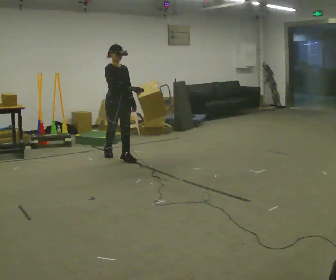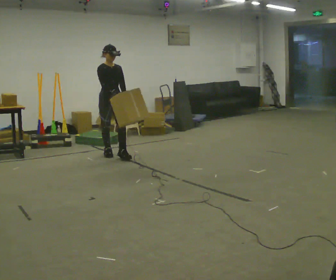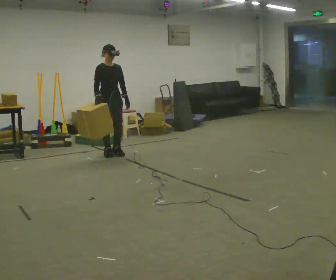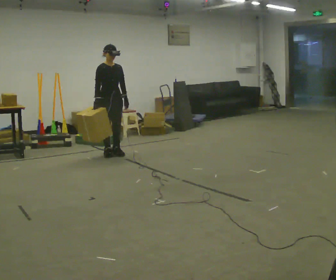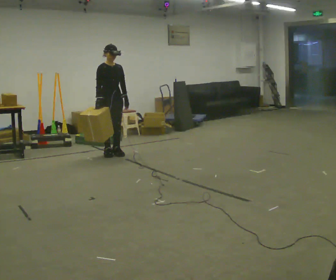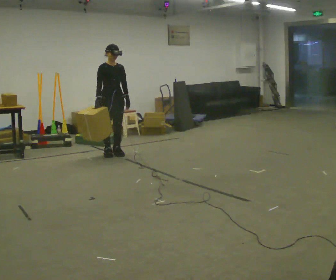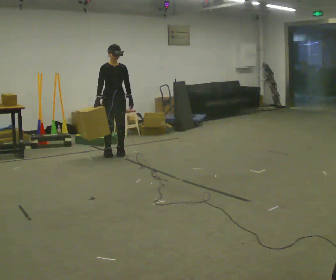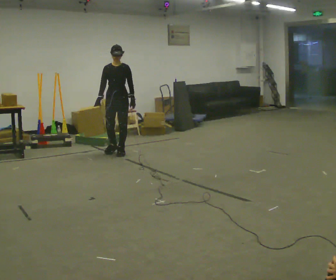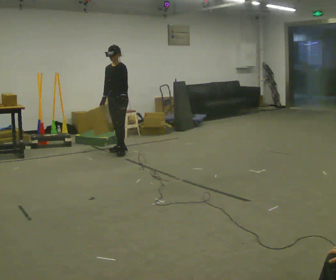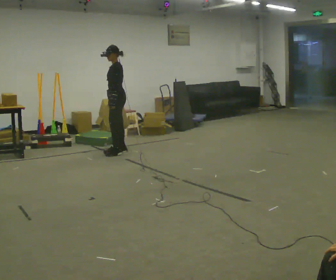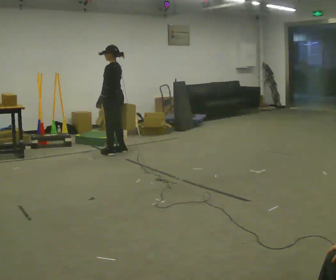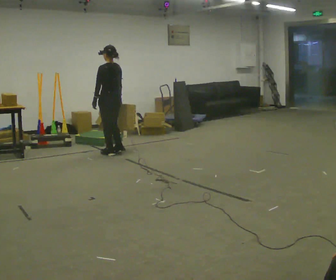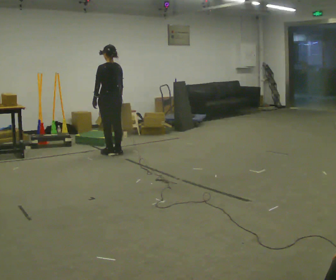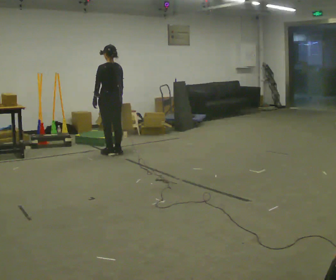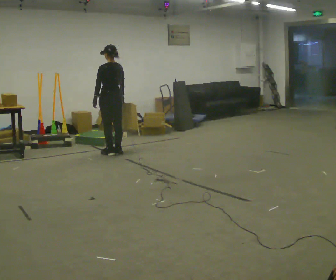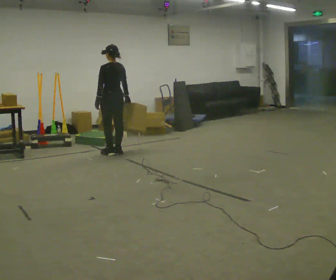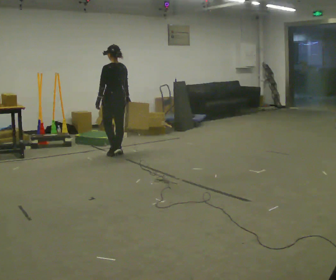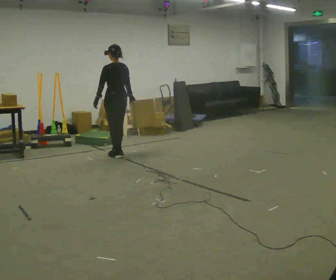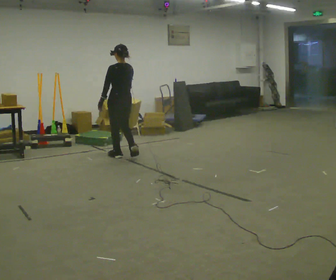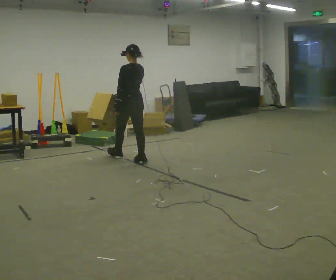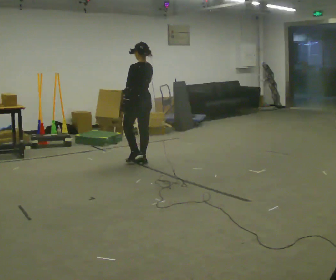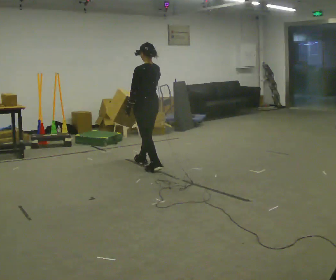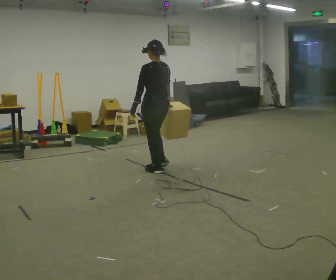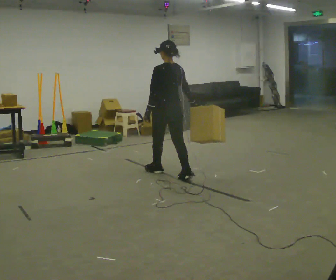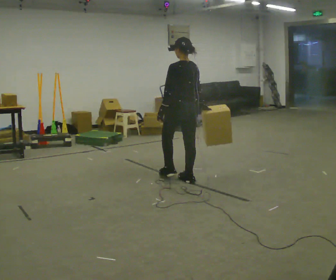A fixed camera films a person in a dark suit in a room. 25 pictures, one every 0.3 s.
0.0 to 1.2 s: In the picture they go away from the camera, about 0.25 m in 1 step, which for them is backward.
1.2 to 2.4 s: Seen from above the body turns clockwise, about 60 degrees: to their right, with its near side sliding to the left.
2.4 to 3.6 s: The person turns about 105 degrees to their right, clockwise seen from above, so the part of the body nearest the lens slides to the left. In the picture their left hand goes to the left, the arm swinging clockwise.
3.6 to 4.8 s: The person moves a little, or ends about where they began.
4.8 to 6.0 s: In the picture they go toward the camera and to the right, about 0.75 m in 2 steps, which for them is backward.
6.0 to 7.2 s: In the picture they go toward the camera and to the right, about 1 m in 2 steps, which for them is backward.
The film runs backward here.
